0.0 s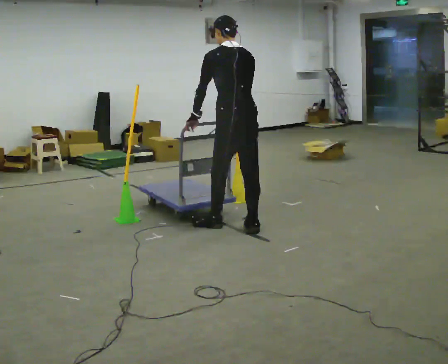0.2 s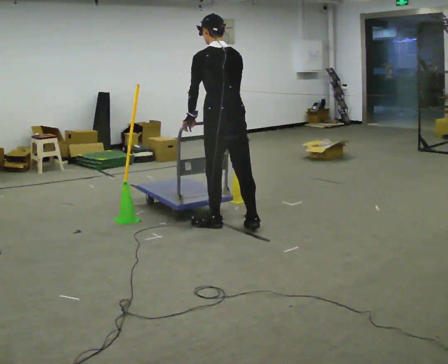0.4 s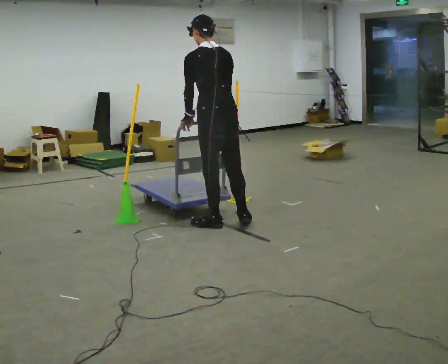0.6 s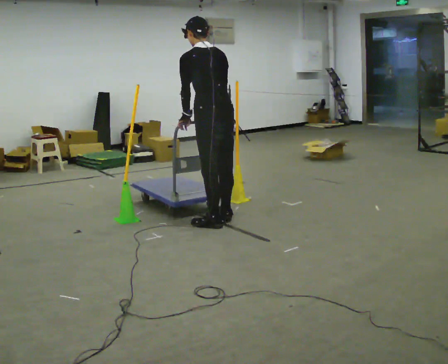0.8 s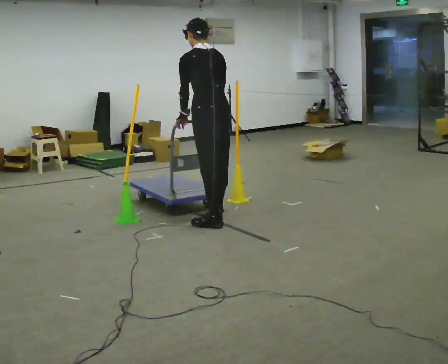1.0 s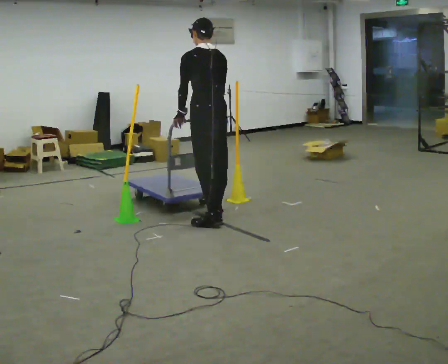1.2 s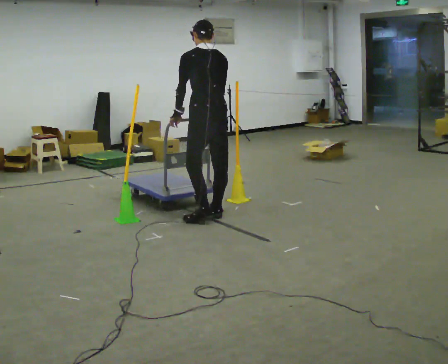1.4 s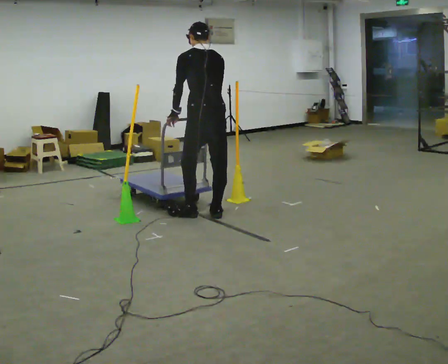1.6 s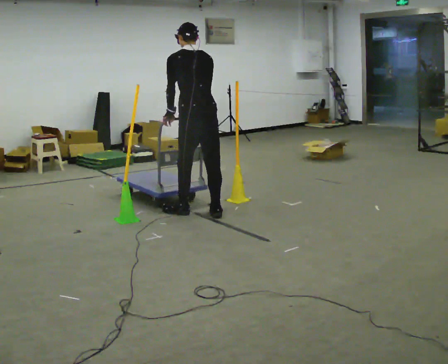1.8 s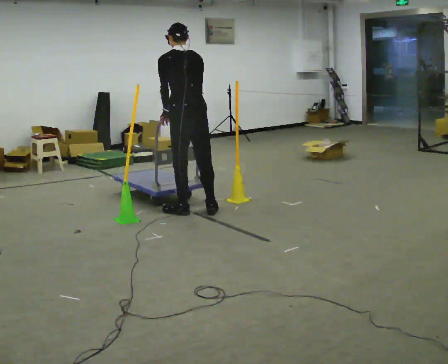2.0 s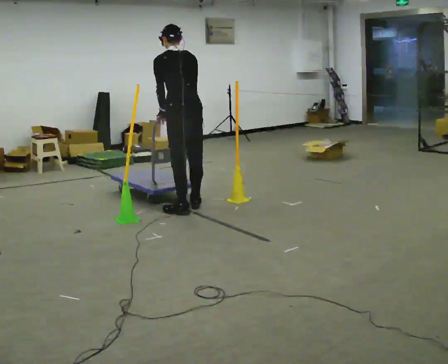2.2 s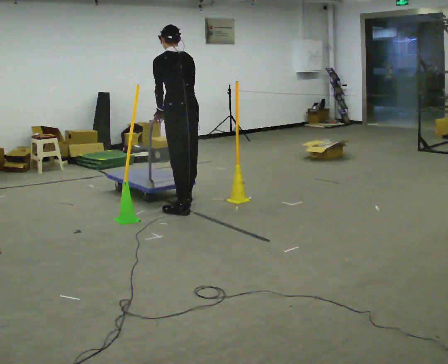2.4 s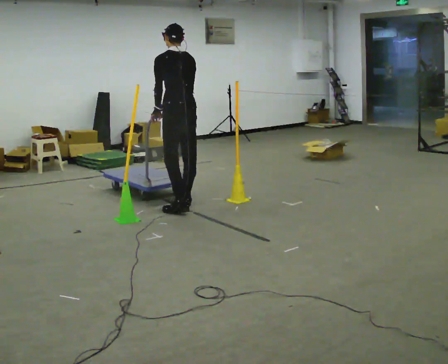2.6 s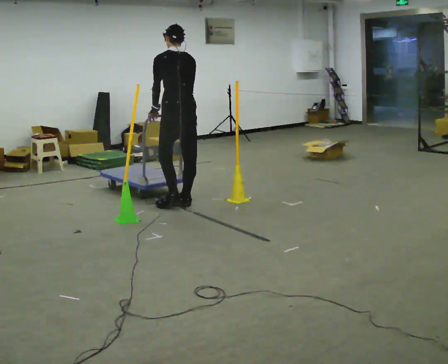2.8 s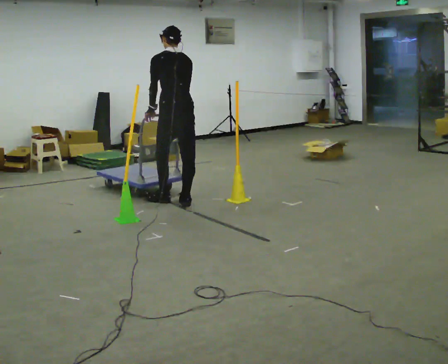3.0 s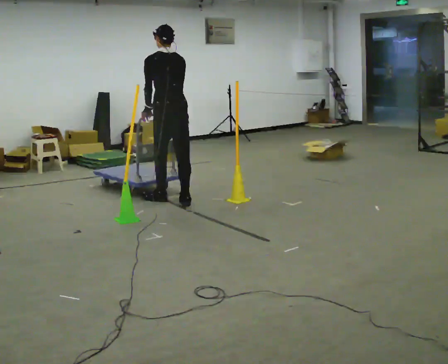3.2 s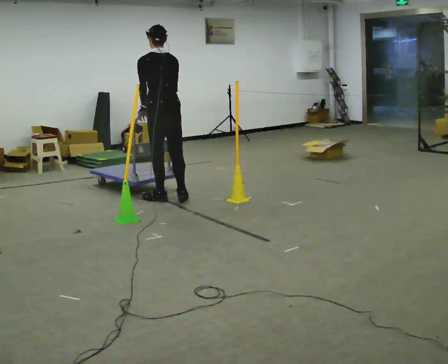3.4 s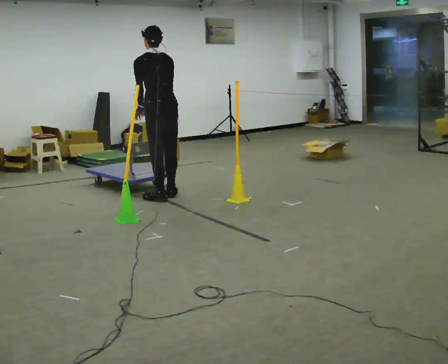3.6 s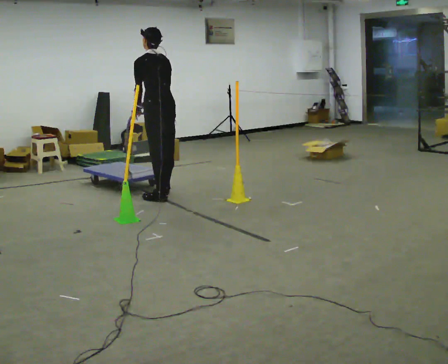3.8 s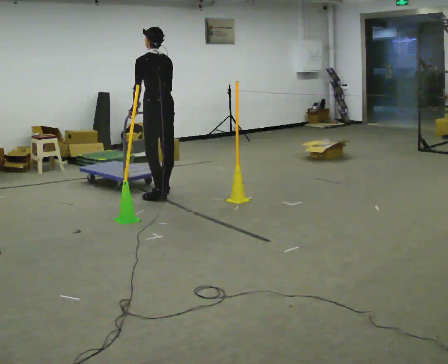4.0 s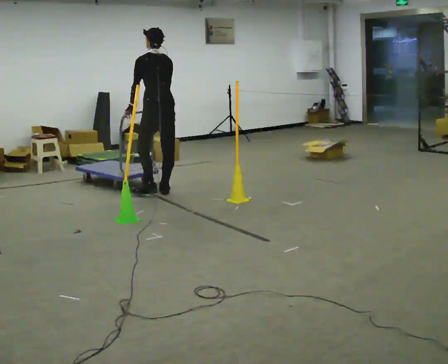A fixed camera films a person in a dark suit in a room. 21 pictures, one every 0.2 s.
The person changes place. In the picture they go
away from the camera.
0.0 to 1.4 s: In the picture they go away from the camera and to the left, about 0.5 m in 2 steps, which for them is forward.
1.4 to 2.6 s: In the picture they go away from the camera and to the left, about 0.5 m in 2 steps, which for them is forward.
2.6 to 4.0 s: In the picture they go away from the camera and to the left, about 0.5 m in 2 steps, which for them is forward.
The film runs backward here.
